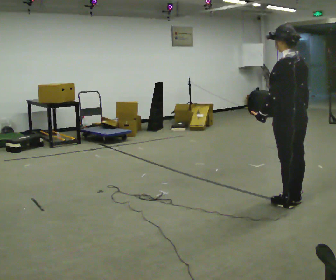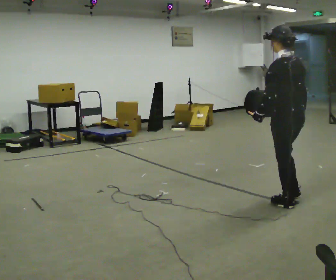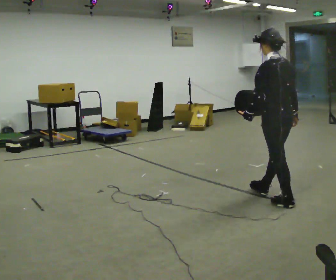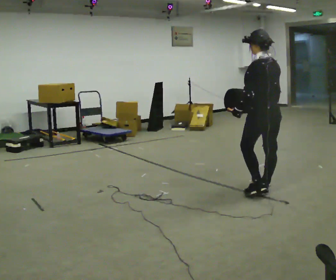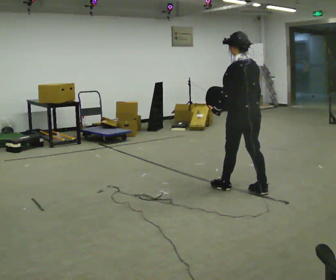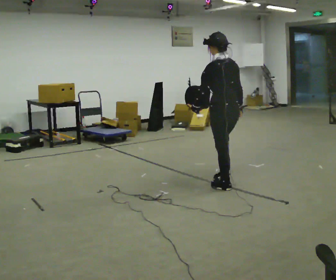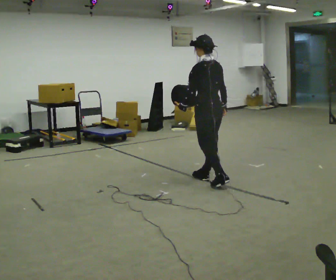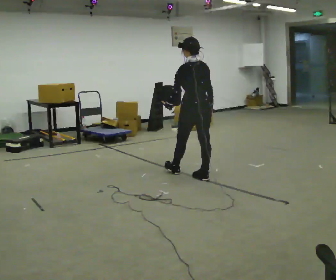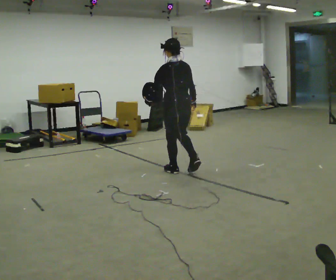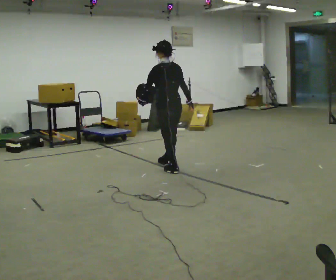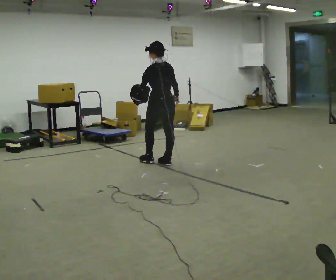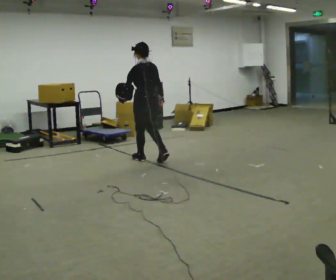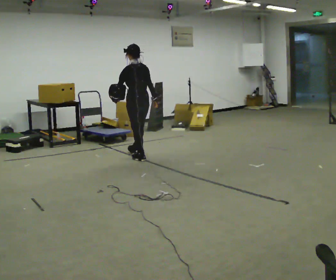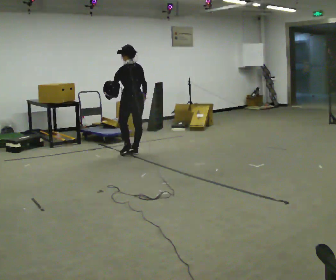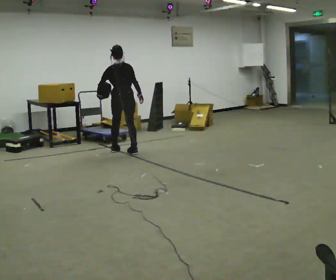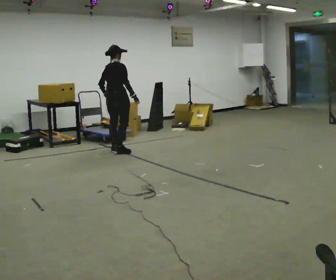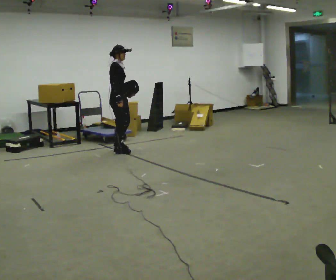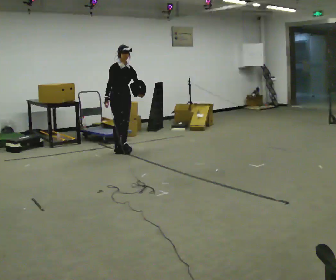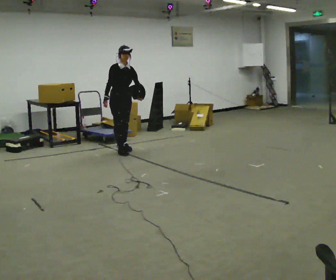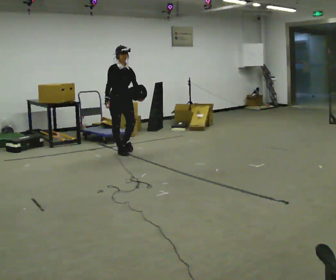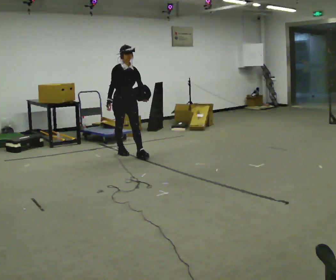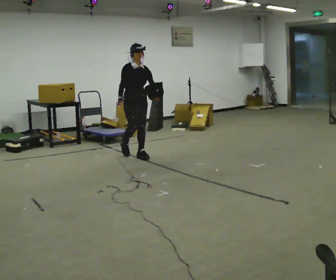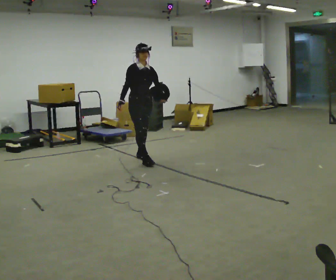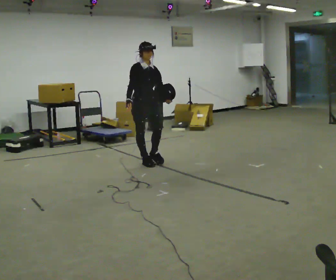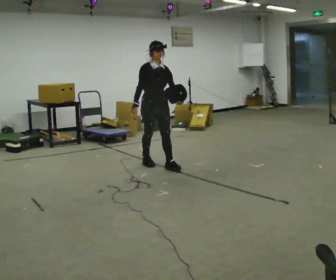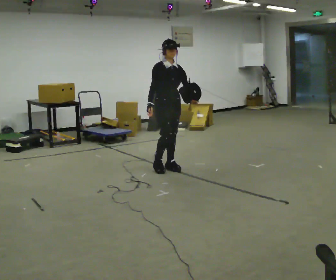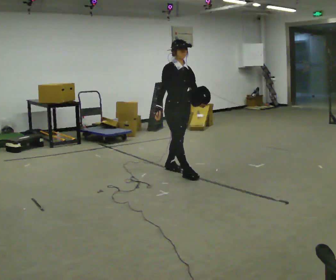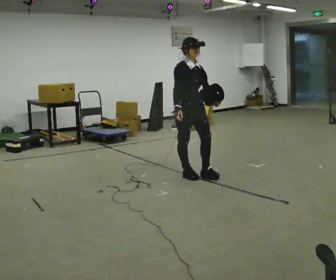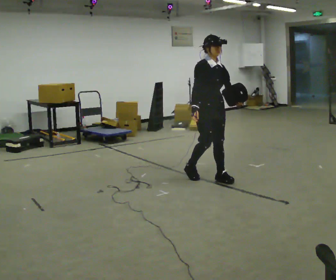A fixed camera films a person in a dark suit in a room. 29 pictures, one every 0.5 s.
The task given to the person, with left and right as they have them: Hold the object against your hip on the side the operator calls, and carry it back and forth across the room.
0.0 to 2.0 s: In the picture they go away from the camera and to the left, about 0.5 m in 2 steps, which for them is forward.
2.0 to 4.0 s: In the picture they go away from the camera and to the left, about 1 m in 2 steps, which for them is forward.
4.0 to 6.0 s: In the picture they go away from the camera and to the left, about 1 m in 3 steps, which for them is forward.
6.0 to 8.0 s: The part of the body nearest the lens slides to the left as the person turns to their right by about 135 degrees. In the picture they go away from the camera and to the left, about 0.5 m in 2 steps.
8.0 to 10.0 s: The part of the body nearest the lens slides to the left as the person turns to their right by about 45 degrees. In the picture they go toward the camera, about 0.25 m in 2 steps, which for them is forward.
10.0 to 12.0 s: In the picture they go toward the camera and to the right, about 1 m in 2 steps, which for them is forward.
12.0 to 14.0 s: In the picture they go toward the camera and to the right, about 1 m in 2 steps, which for them is forward.
The film runs forward here.
